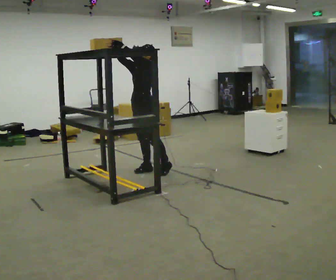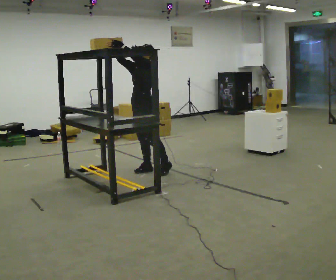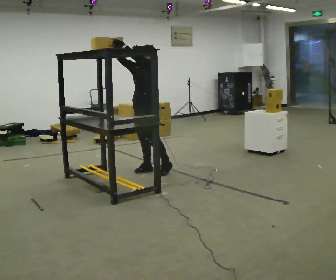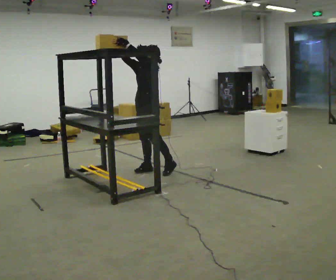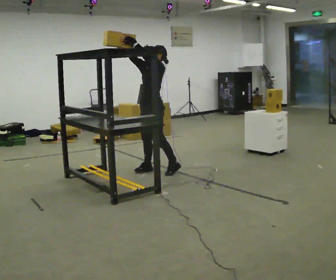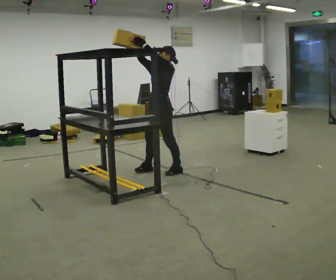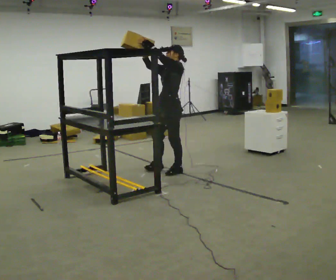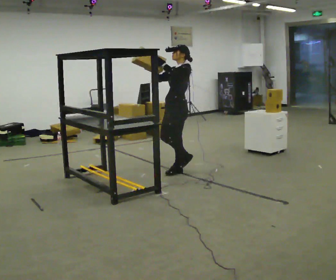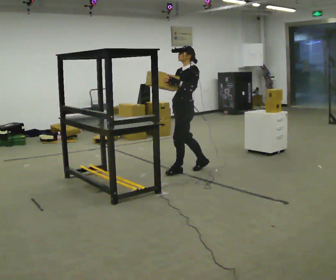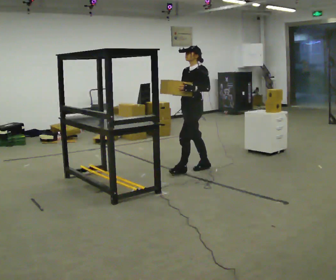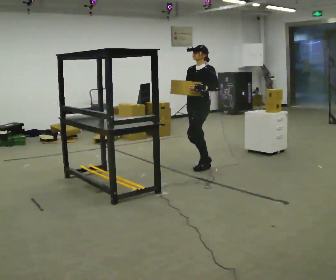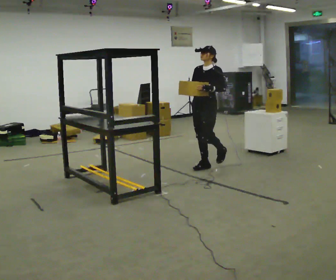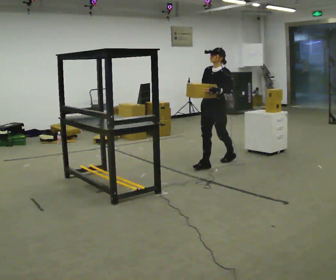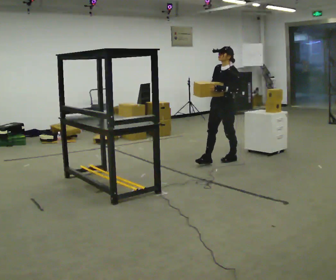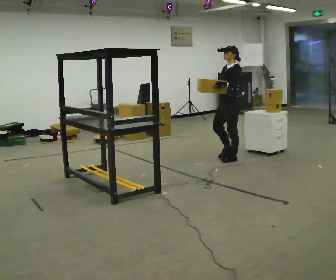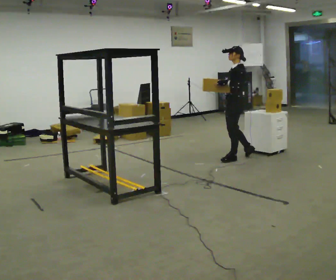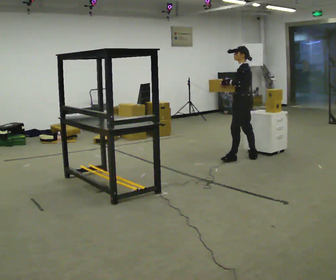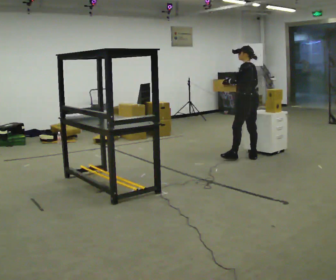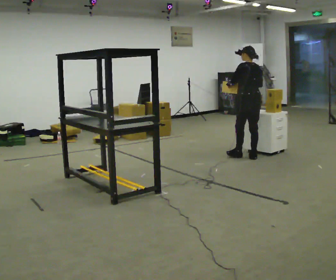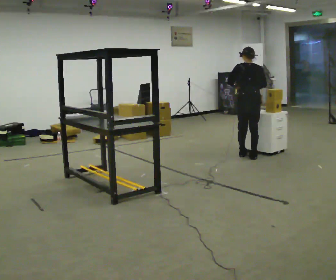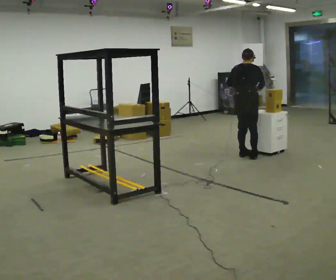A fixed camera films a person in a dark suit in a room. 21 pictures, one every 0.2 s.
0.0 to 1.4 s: In the picture they go to the right, about 0.5 m in 1 step, which for them is backward and to their left.
1.4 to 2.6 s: In the picture they go to the right and away from the camera, about 0.5 m in 2 steps, which for them is backward. The upper body tips toward the camera, its near side rolling downward. In the picture their left hand goes downward.
2.6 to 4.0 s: Seen from above the body turns clockwise, about 150 degrees: to their right, with its near side sliding to the left. In the picture they go to the right and away from the camera, about 0.25 m in 1 step. The upper body tips away from the camera, its near side rolling upward.
The film runs backward here.
